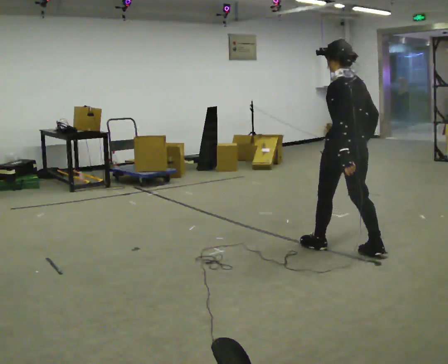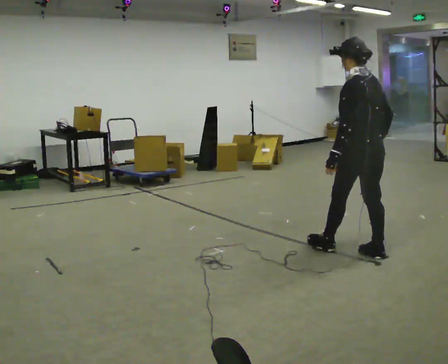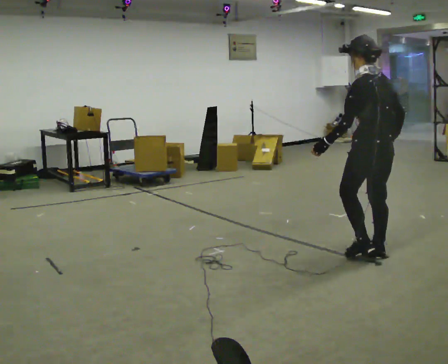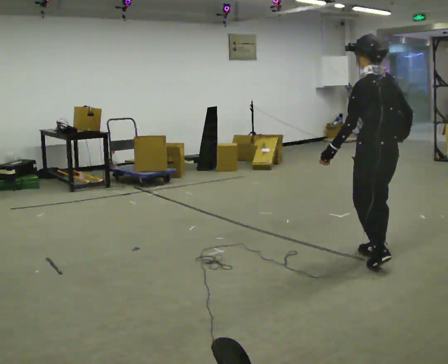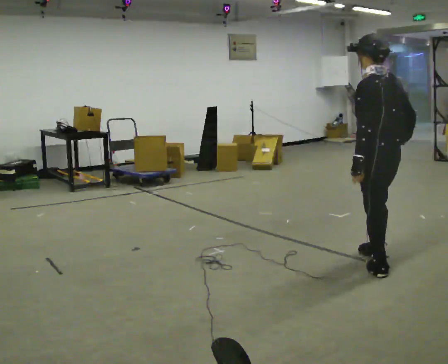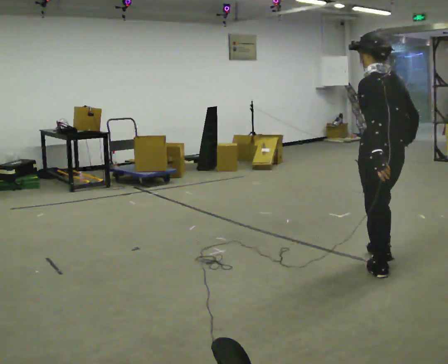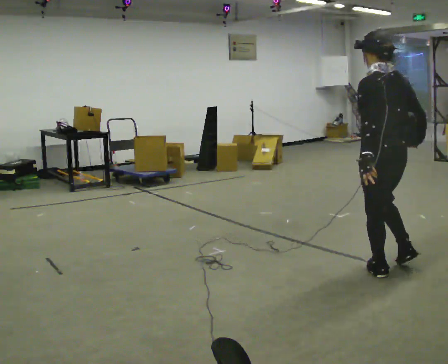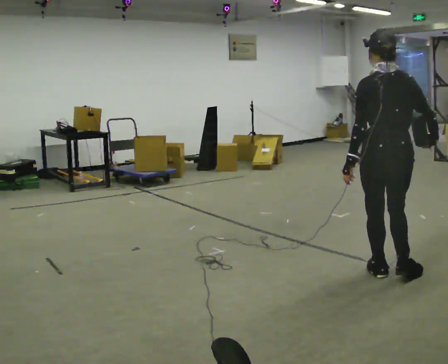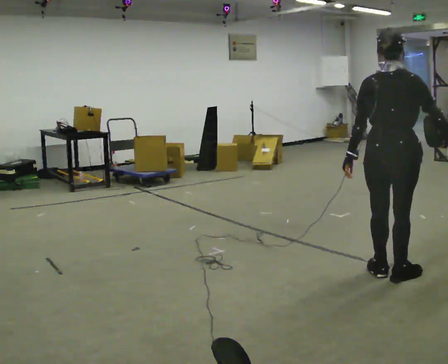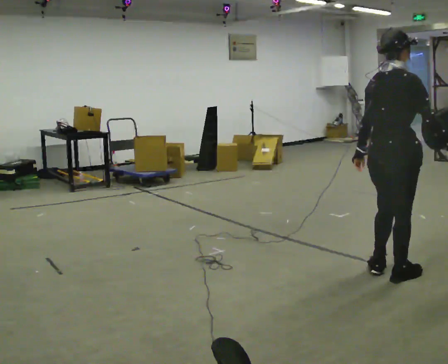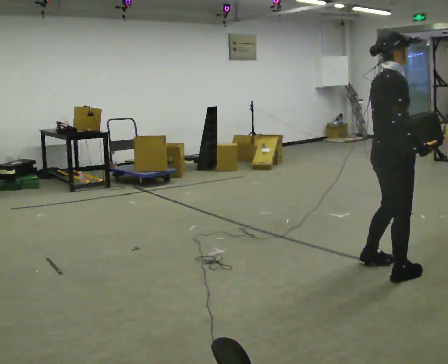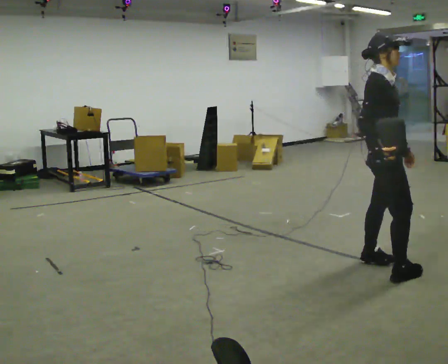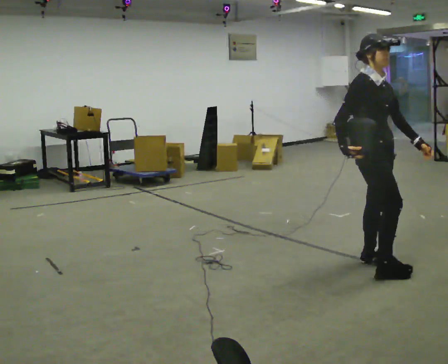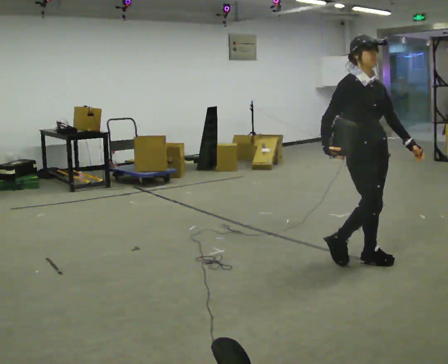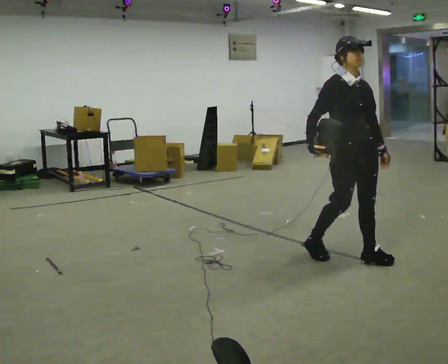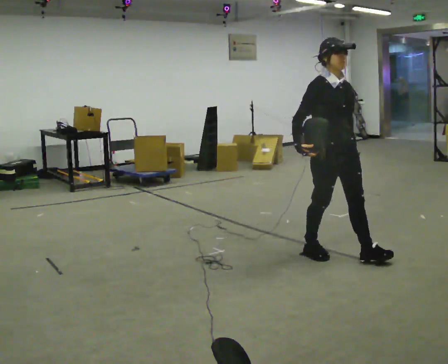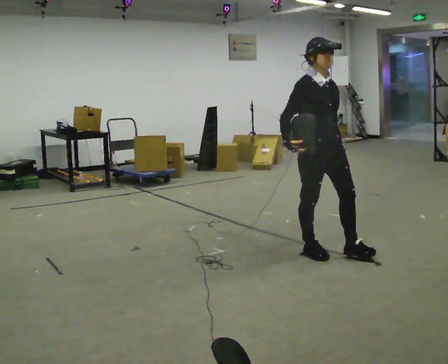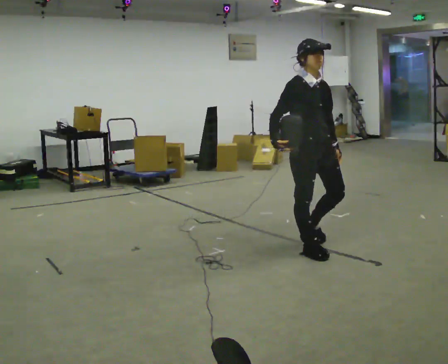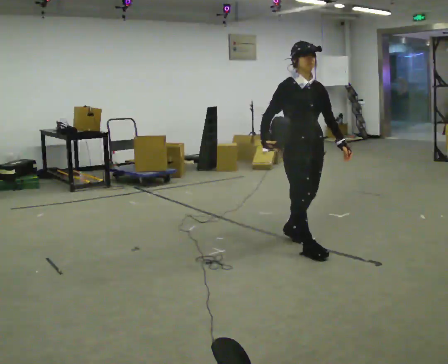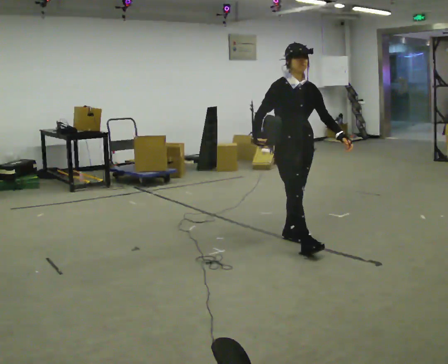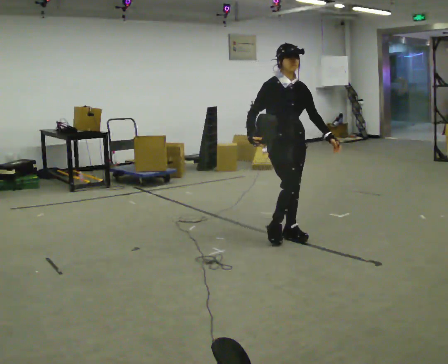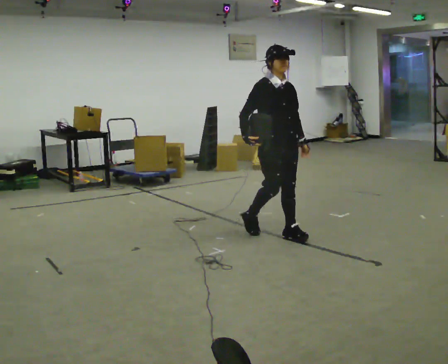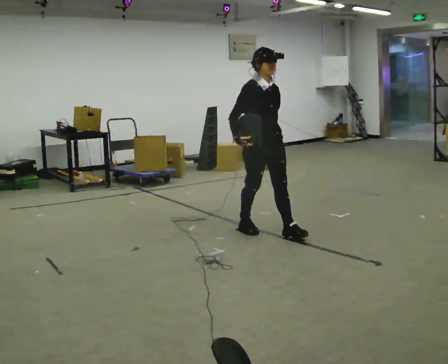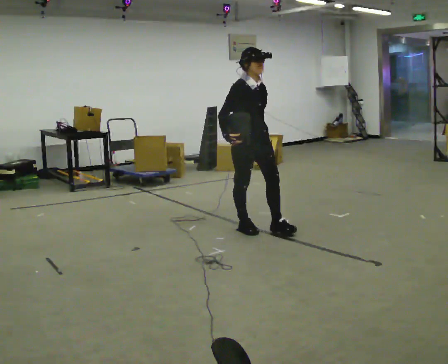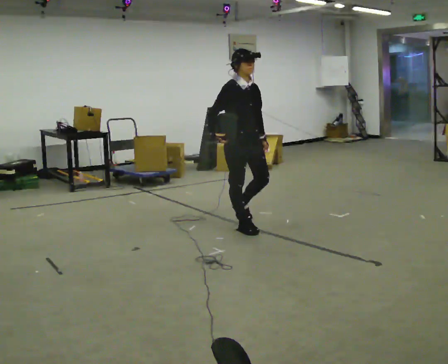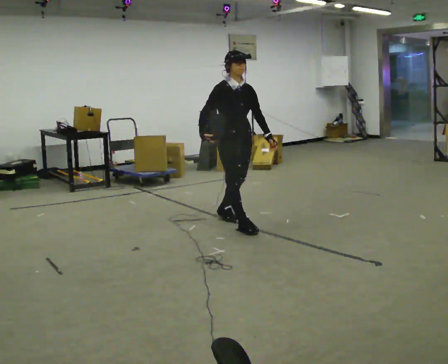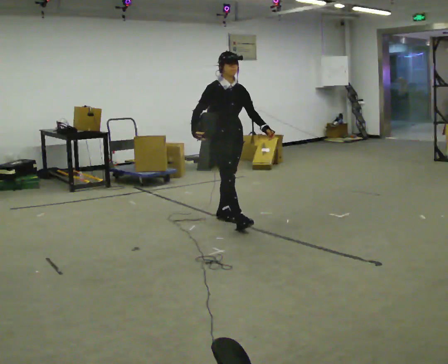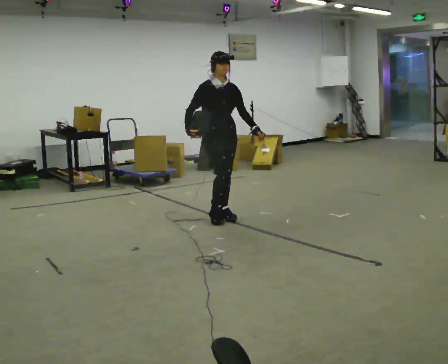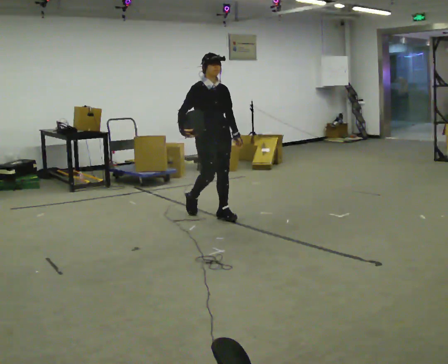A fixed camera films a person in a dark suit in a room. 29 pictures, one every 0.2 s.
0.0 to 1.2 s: In the picture they go toward the camera and to the right, about 0.5 m in 2 steps, which for them is backward.
1.2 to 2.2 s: The person turns about 135 degrees to their right, clockwise seen from above, so the part of the body nearest the lens slides to the left. In the picture their right hand goes to the left.
2.2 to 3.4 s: The part of the body nearest the lens slides to the left as the person turns to their right by about 30 degrees. In the picture they go to the left and away from the camera, about 0.75 m in 2 steps, which for them is backward.
3.4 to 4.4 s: In the picture they go away from the camera and to the left, about 0.75 m in 1 step, which for them is backward.
4.4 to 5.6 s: In the picture they go to the left and away from the camera, about 1 m in 2 steps, which for them is backward.
The film runs backward here.
